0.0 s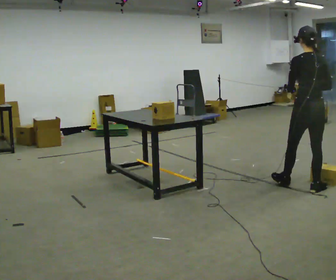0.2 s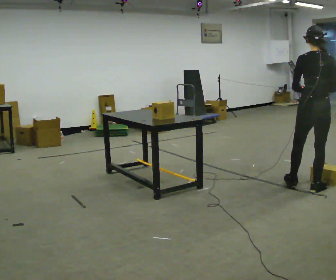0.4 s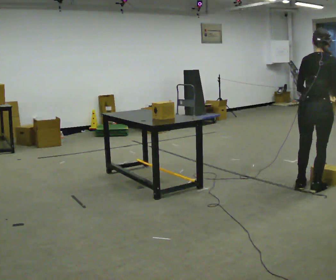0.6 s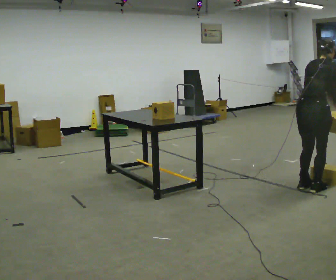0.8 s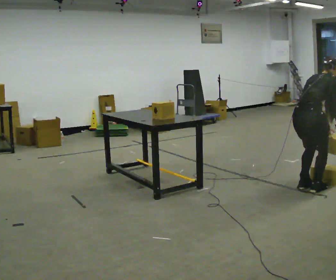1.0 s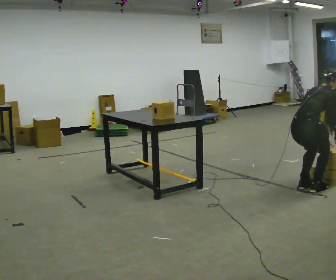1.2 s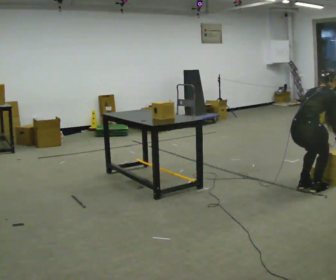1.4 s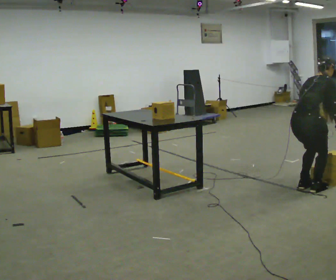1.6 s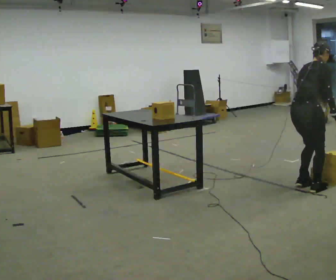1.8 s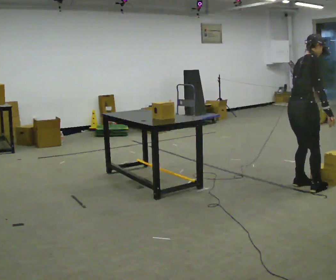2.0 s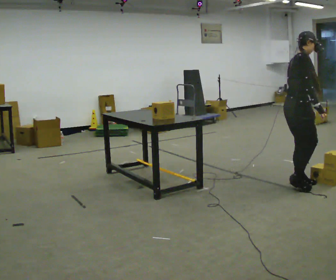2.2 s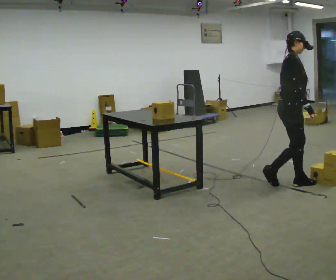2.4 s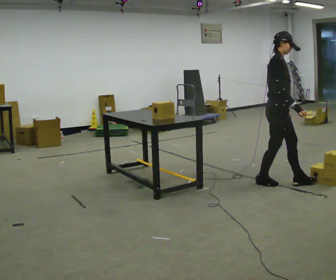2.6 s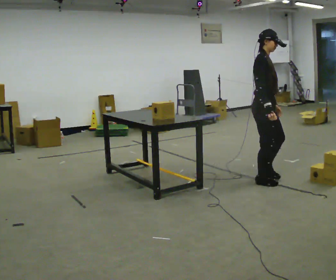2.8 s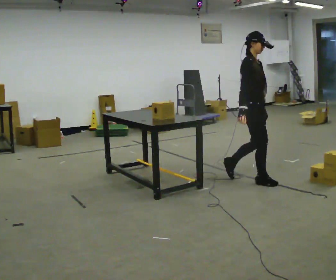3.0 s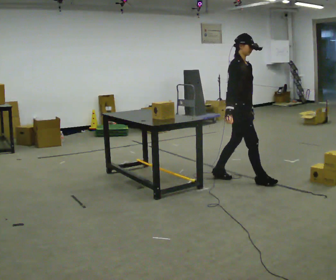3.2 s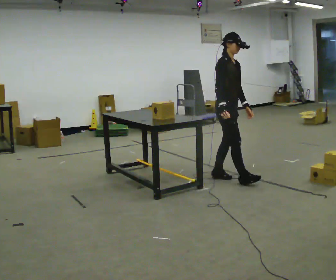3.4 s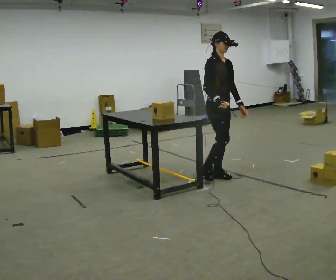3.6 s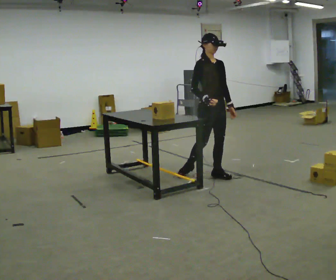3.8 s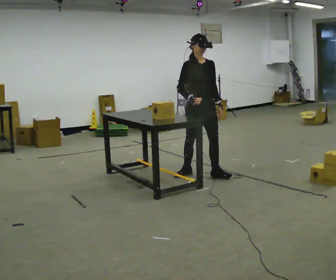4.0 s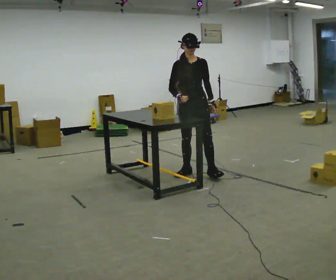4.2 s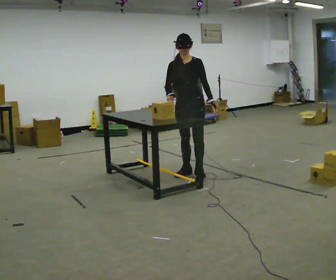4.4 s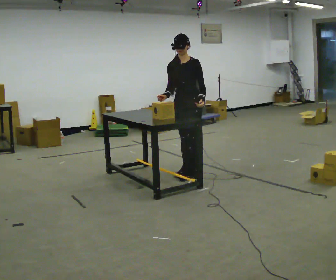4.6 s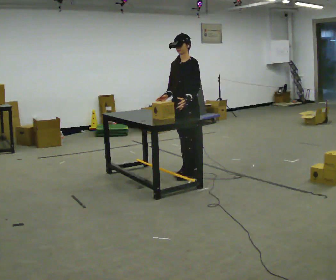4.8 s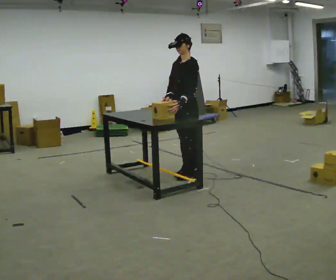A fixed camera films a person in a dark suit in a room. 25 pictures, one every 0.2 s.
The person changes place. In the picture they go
to the left.
The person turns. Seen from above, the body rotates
clockwise.
0.0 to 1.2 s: Seen from above the body turns clockwise, about 60 degrees: to their right, with its near side sliding to the left. The upper body goes downward. In the picture the upper body tilts clockwise, shoulders to the right, as they bend forward. In the picture their right hand goes downward.
1.2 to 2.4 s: The part of the body nearest the lens slides to the left as the person turns to their right by about 45 degrees. In the picture they go away from the camera and to the left, about 0.5 m in 1 step, which for them is to their left. The shoulders move upward. In the picture the upper body tilts counterclockwise, shoulders to the left, as they lean back or straighten. In the picture their right hand goes upward.
2.4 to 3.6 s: The part of the body nearest the lens slides to the left as the person turns to their right by about 30 degrees. In the picture they go to the left and away from the camera, about 1 m in 2 steps, which for them is backward.
3.6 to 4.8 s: The part of the body nearest the lens slides to the left as the person turns to their right by about 90 degrees. In the picture they go to the left, about 0.25 m in 1 step.
The film runs backward here.
